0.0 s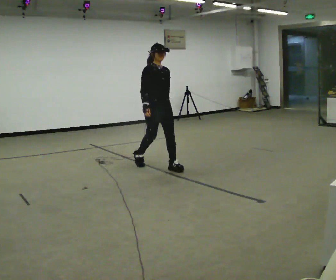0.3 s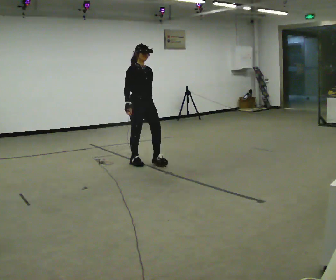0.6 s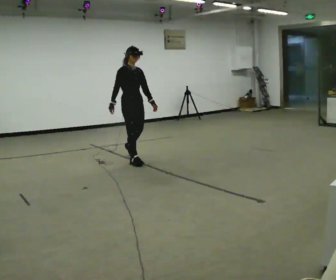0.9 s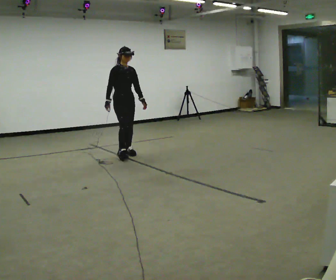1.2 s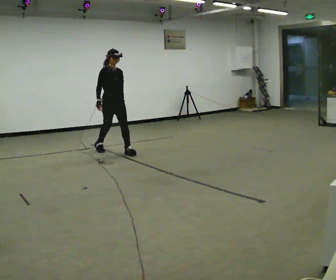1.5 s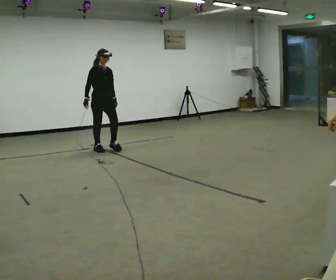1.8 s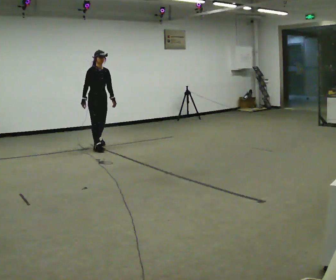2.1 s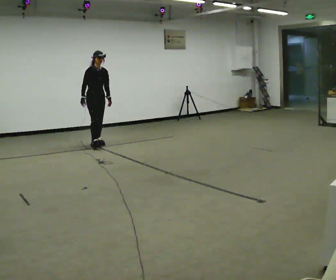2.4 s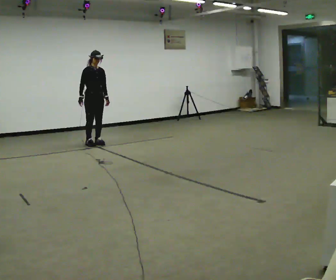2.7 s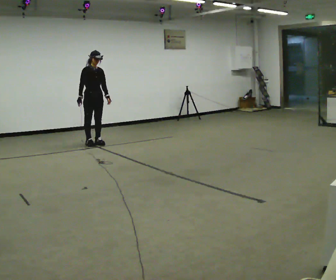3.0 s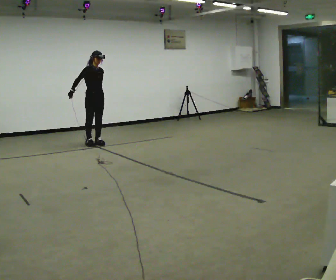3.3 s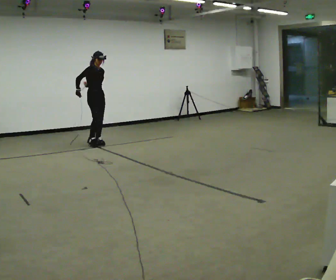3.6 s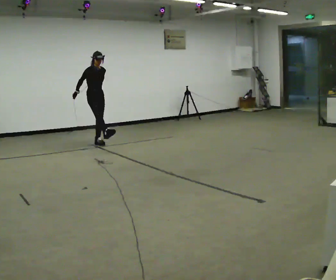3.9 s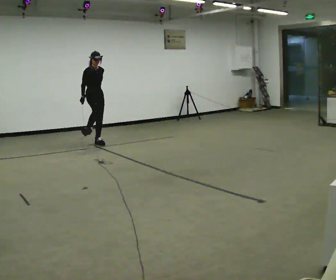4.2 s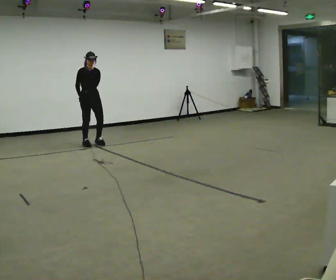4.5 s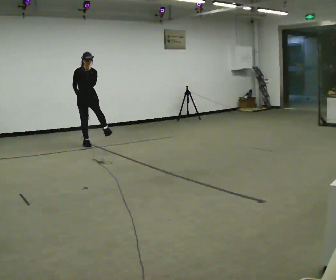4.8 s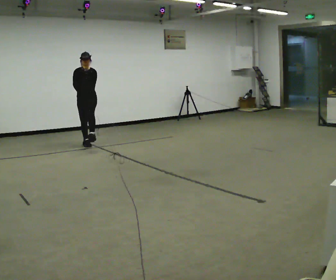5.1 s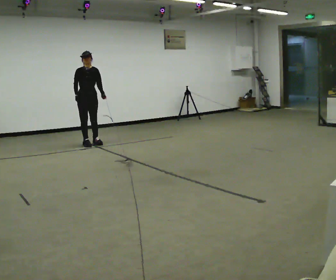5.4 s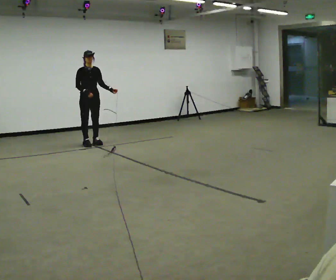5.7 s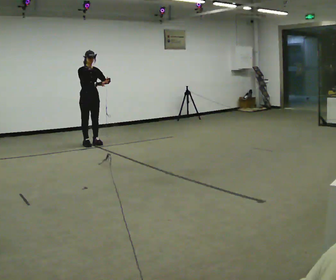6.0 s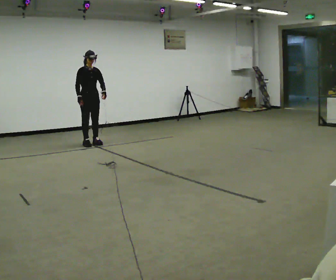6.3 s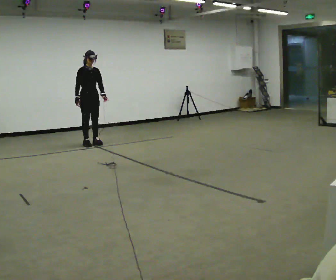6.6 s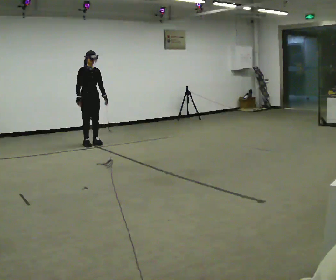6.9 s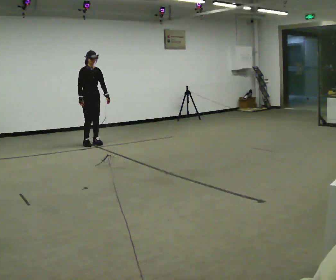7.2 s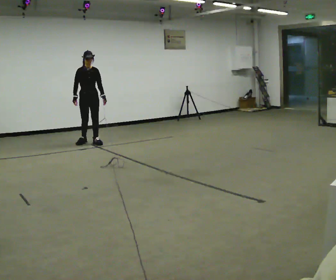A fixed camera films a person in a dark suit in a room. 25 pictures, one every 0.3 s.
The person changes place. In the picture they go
away from the camera.
0.0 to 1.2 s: In the picture they go away from the camera and to the left, about 1 m in 2 steps, which for them is backward.
1.2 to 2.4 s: In the picture they go away from the camera and to the left, about 1 m in 2 steps, which for them is backward.
2.4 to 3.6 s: The person moves a little, or ends about where they began.
3.6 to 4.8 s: Seen from above the body turns clockwise, about 45 degrees: to their right, with its near side sliding to the left.
4.8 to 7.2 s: The person moves a little, or ends about where they began.
The film runs backward here.
